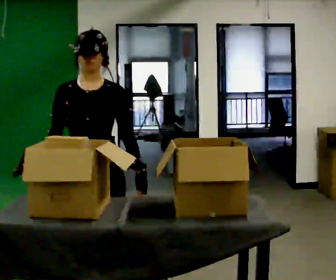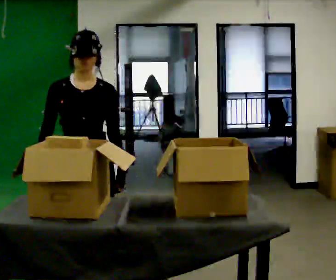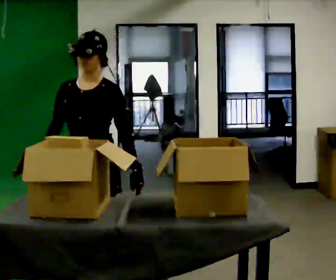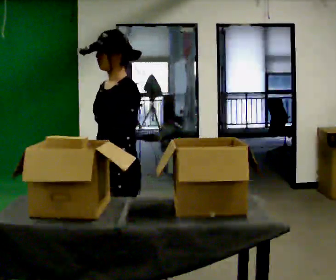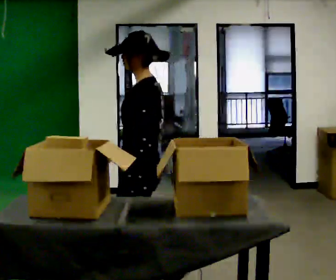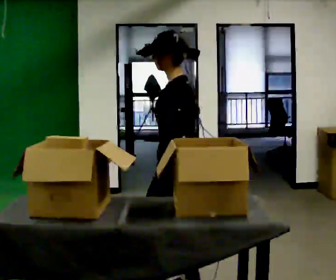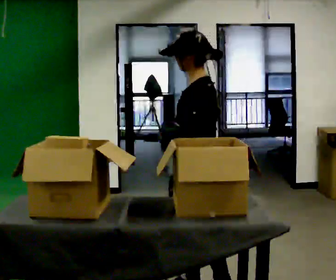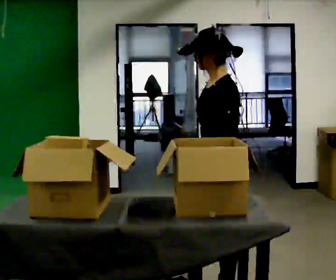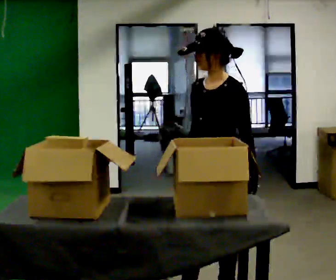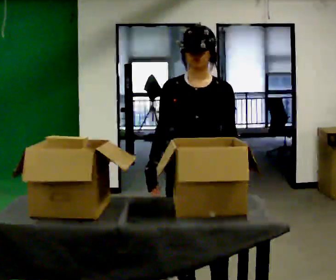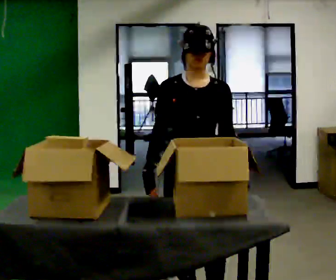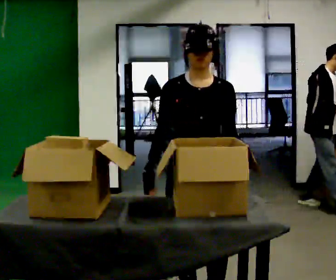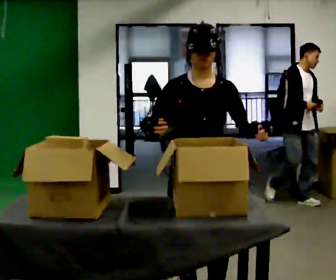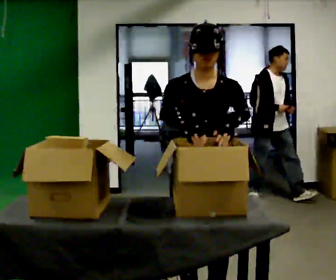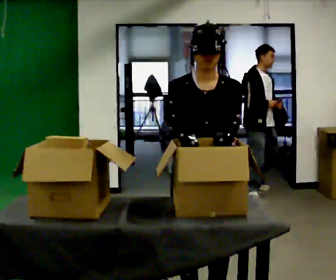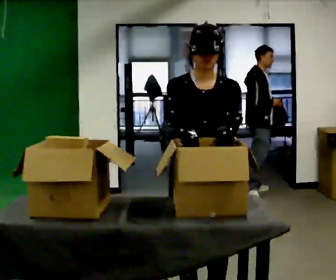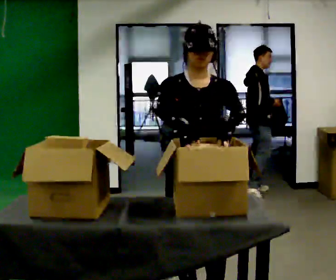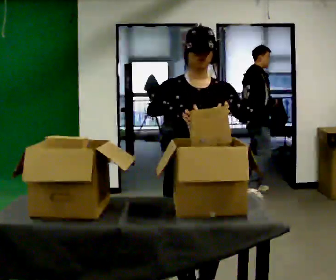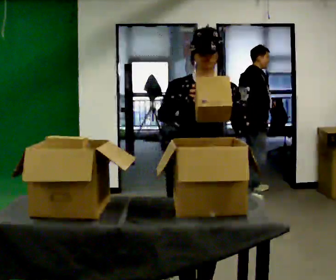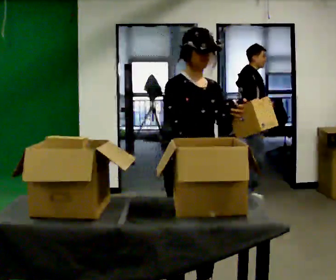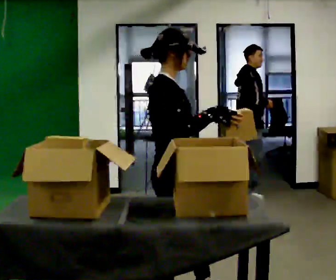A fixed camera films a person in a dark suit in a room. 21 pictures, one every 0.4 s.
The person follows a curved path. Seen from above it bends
clockwise.
0.0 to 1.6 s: The part of the body nearest the lens slides to the left as the person turns to their right by about 90 degrees. In the picture they go to the right and away from the camera, about 0.25 m in 2 steps.
1.6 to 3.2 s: Seen from above the body turns counterclockwise, about 45 degrees: to their left, with its near side sliding to the right. In the picture they go to the right, about 0.5 m in 2 steps, which for them is backward.
3.2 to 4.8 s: The part of the body nearest the lens slides to the right as the person turns to their left by about 45 degrees. In the picture they go toward the camera, about 0.25 m in 1 step, which for them is forward.
4.8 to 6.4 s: The person moves a little, or ends about where they began.
6.4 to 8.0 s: Seen from above the body turns counterclockwise, about 75 degrees: to their left, with its near side sliding to the right.
The film runs backward here.
